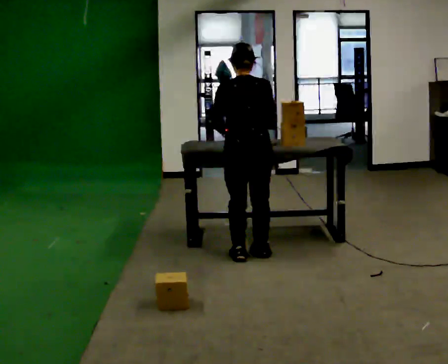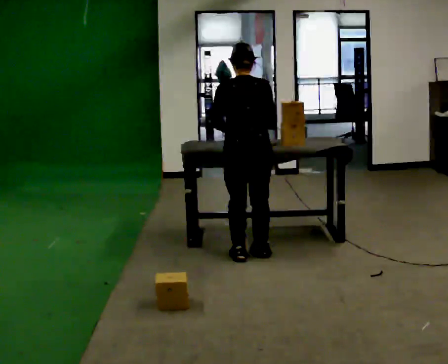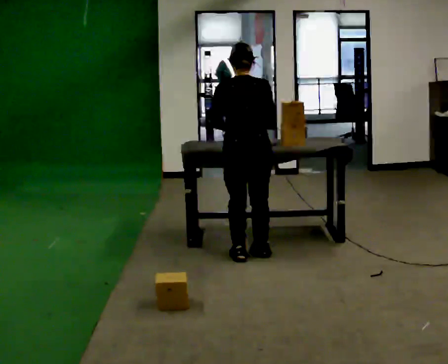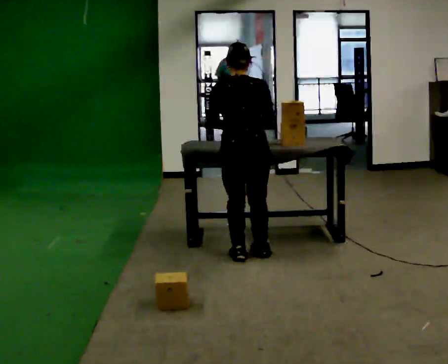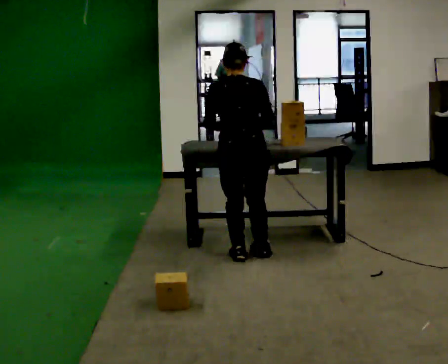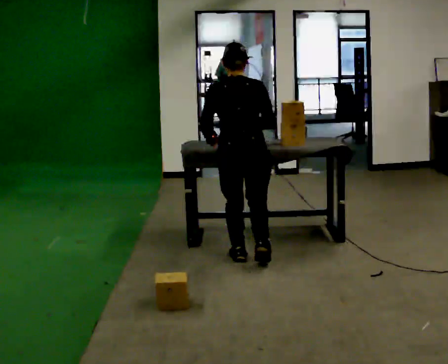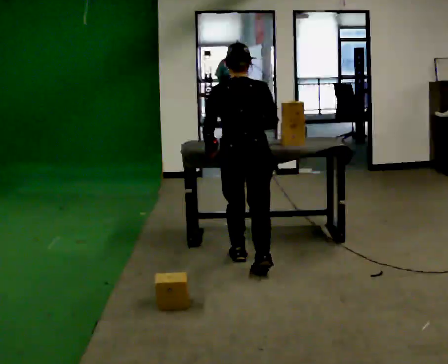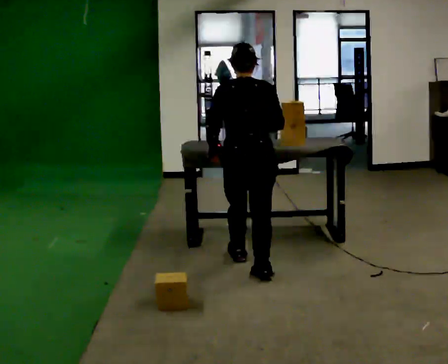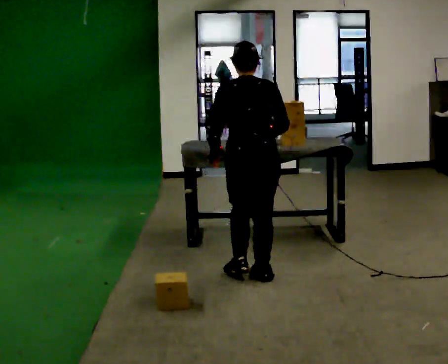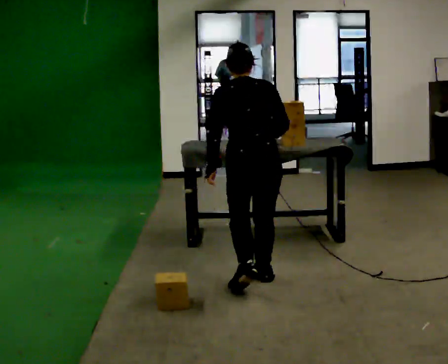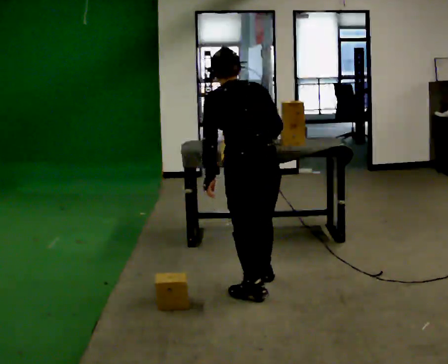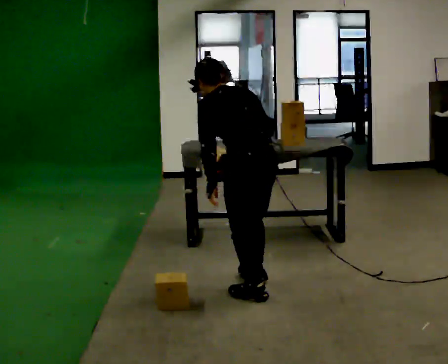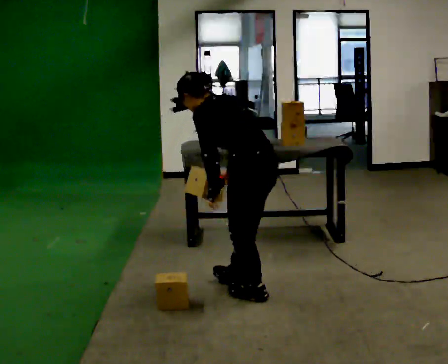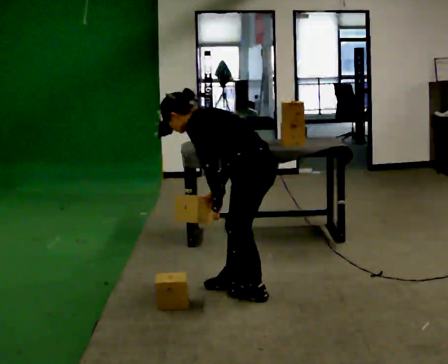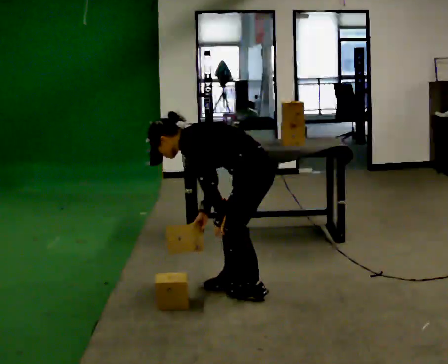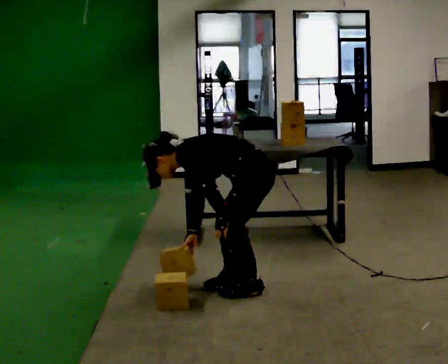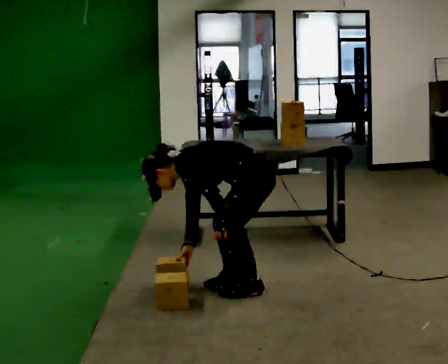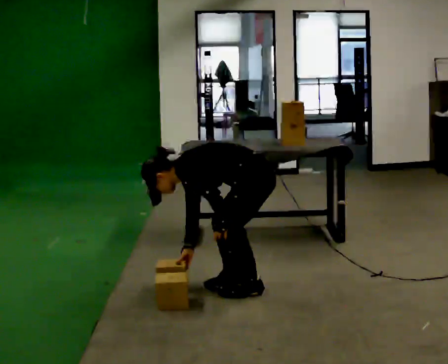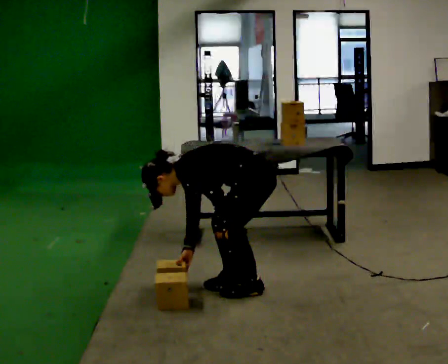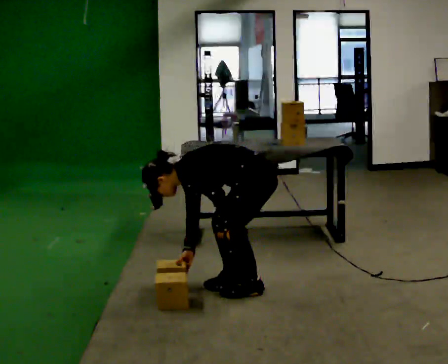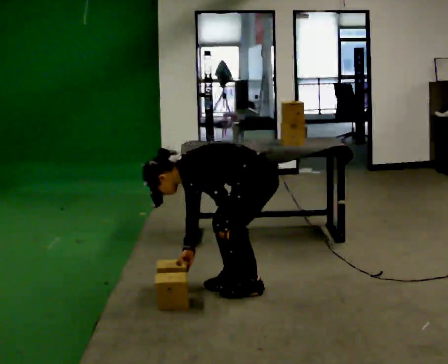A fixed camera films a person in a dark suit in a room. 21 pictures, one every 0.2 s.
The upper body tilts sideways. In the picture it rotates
counterclockwise.
The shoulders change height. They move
downward.
0.0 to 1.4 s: In the picture they go toward the camera, about 0.25 m in 2 steps, which for them is backward.
1.4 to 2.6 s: Seen from above the body turns counterclockwise, about 75 degrees: to their left, with its near side sliding to the right. In the picture they go toward the camera, about 0.5 m. In the picture the upper body tilts counterclockwise, shoulders to the left, as they bend forward.
2.6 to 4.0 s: The shoulders move downward. In the picture the upper body tilts counterclockwise, shoulders to the left, as they bend forward.
The film runs backward here.
